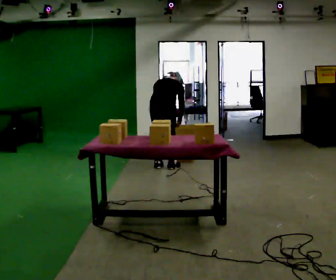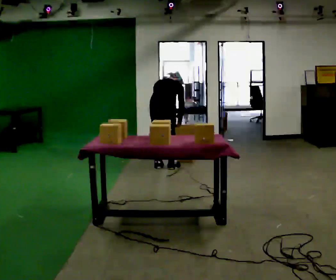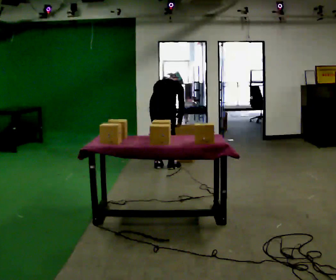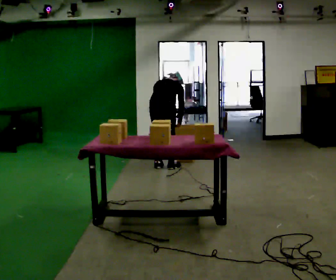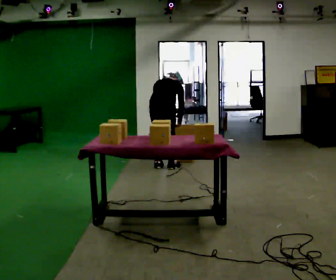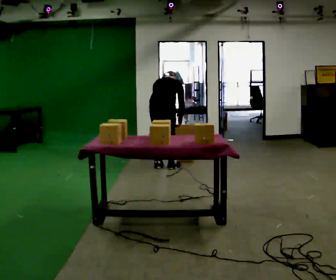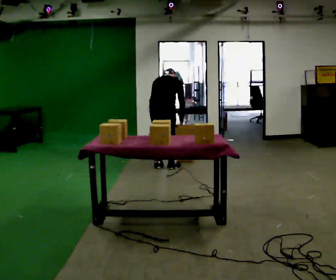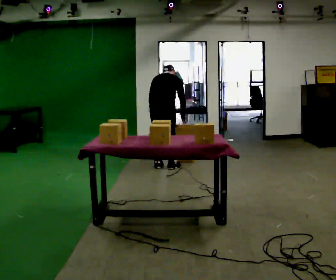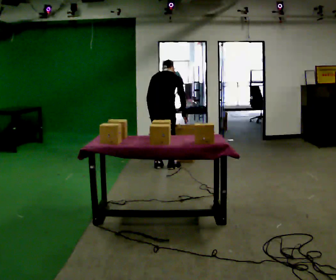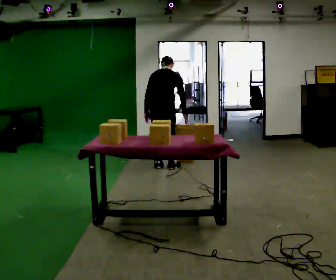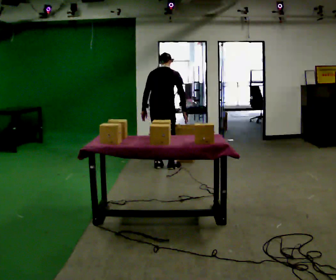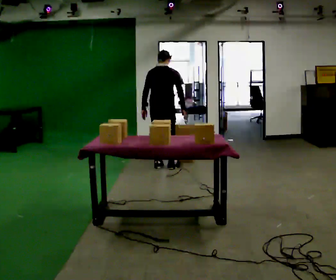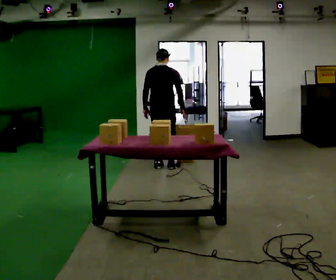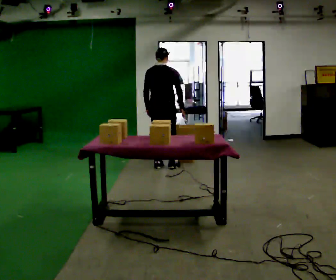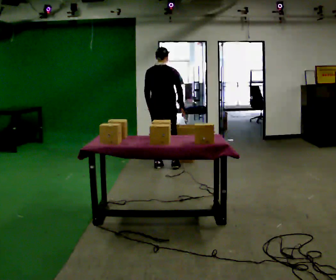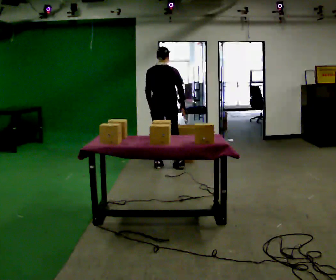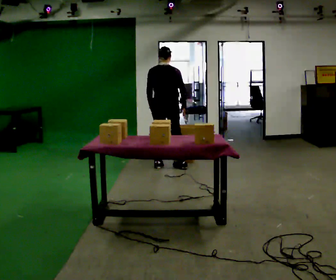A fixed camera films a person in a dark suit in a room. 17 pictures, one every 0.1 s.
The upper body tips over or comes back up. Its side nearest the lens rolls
downward.
0.0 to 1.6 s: The upper body goes upward. The upper body tips toward the camera, its near side rolling downward, as they lean back or straighten.
The film runs forward here.
